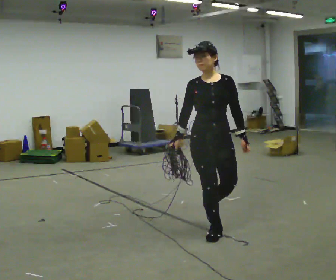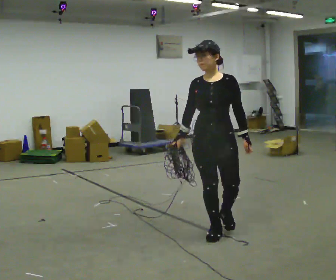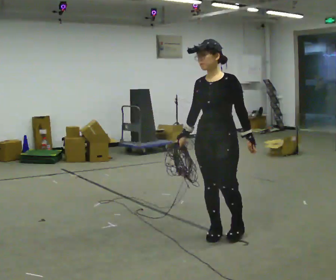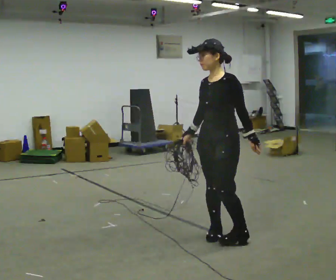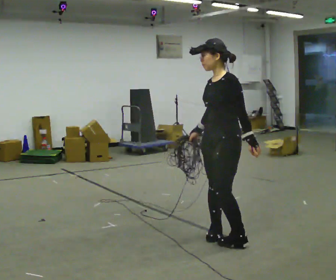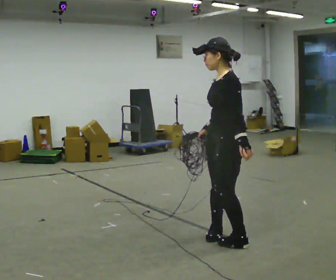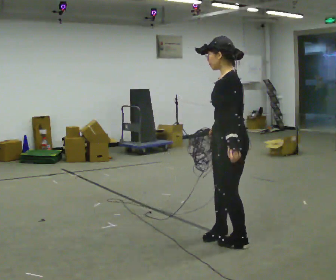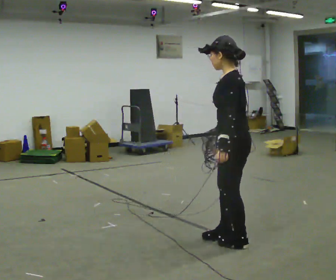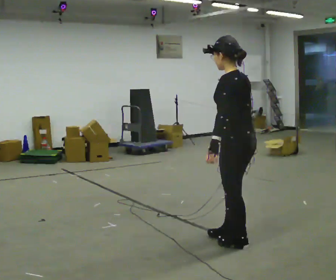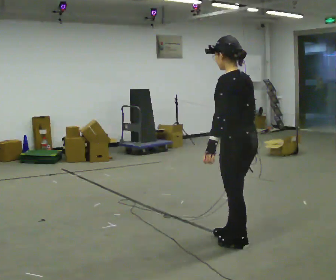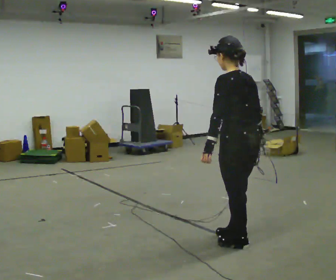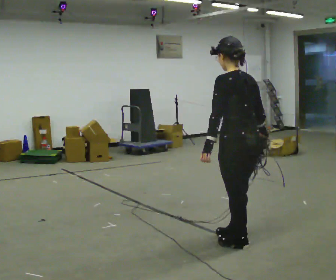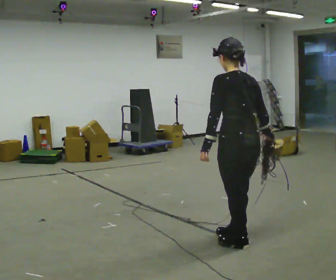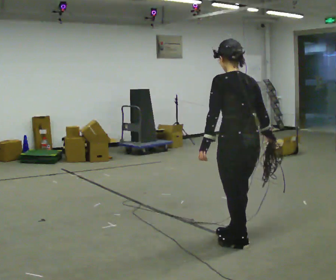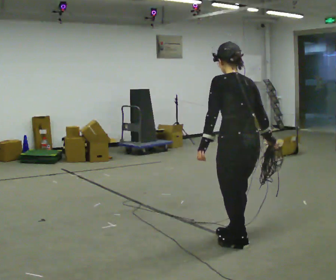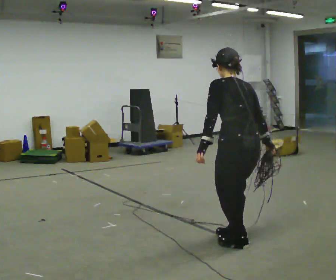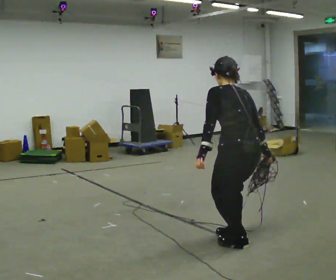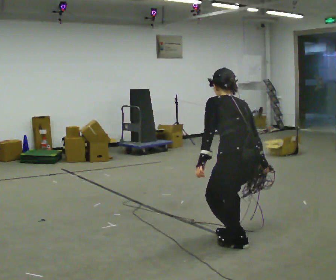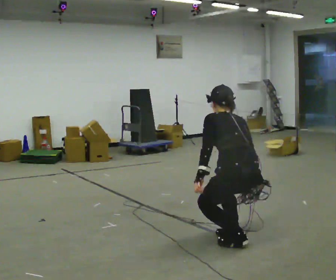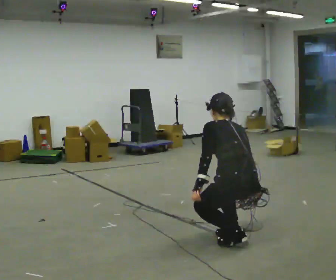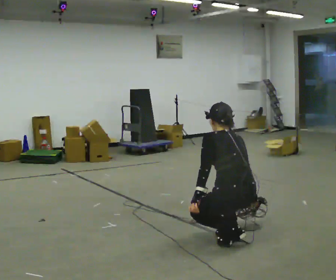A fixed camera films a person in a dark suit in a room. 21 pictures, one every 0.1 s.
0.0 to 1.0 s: The part of the body nearest the lens slides to the left as the person turns to their right by about 150 degrees. In the picture they go to the right and toward the camera, about 0.5 m in 2 steps.
1.0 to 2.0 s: The shoulders move downward. The upper body tips away from the camera, its near side rolling upward, as they bend forward. In the picture their right hand goes downward.
The film runs forward here.
